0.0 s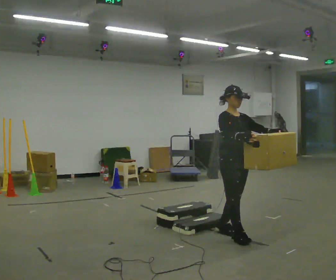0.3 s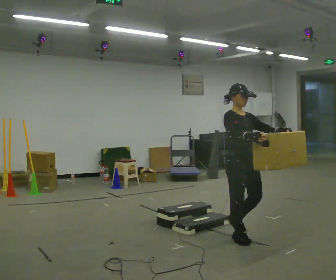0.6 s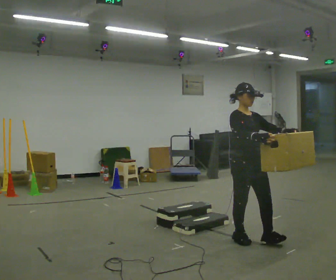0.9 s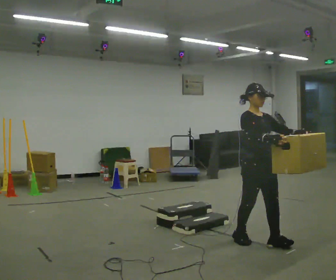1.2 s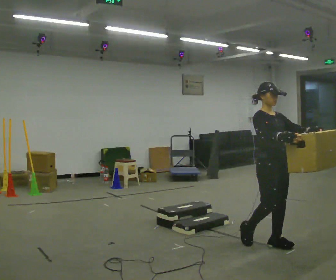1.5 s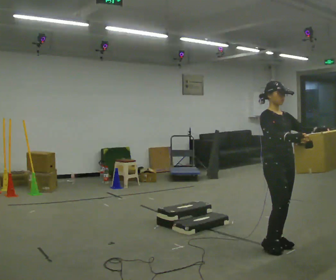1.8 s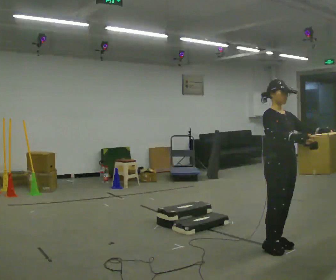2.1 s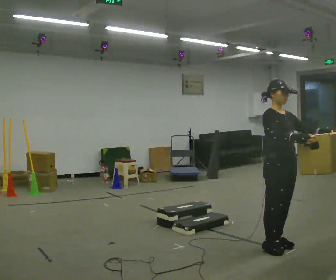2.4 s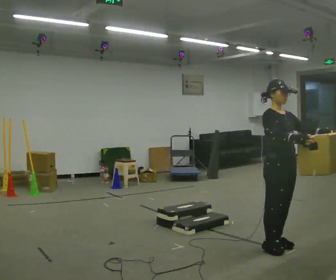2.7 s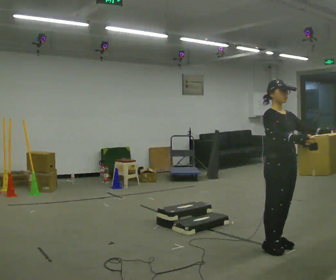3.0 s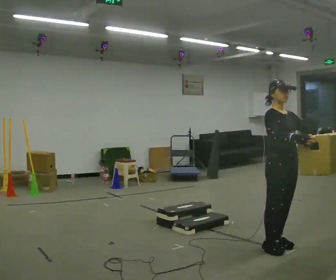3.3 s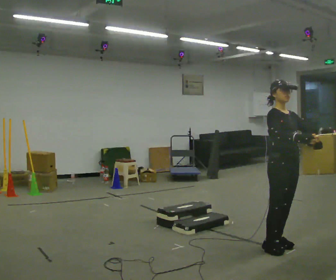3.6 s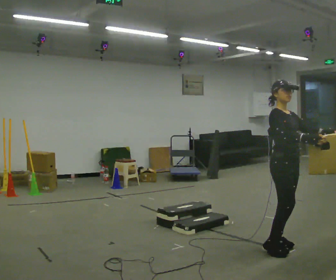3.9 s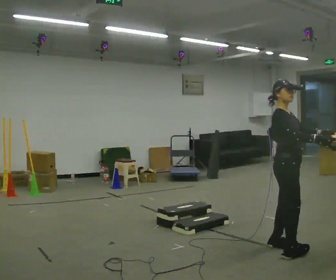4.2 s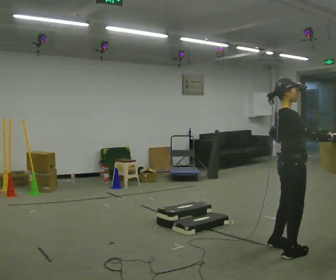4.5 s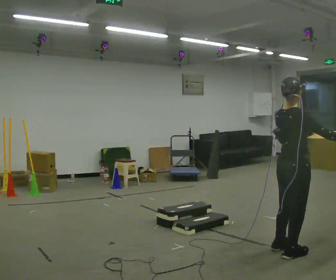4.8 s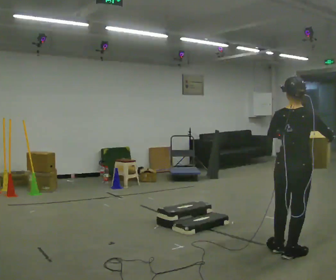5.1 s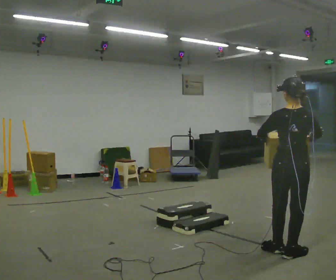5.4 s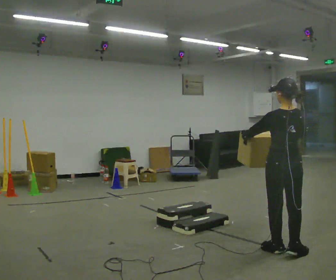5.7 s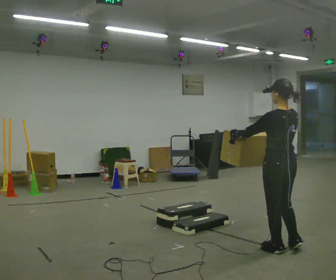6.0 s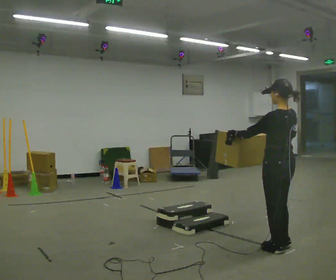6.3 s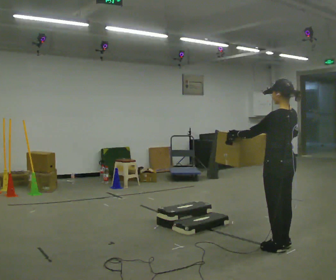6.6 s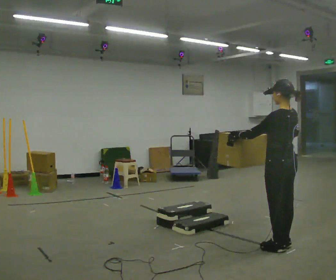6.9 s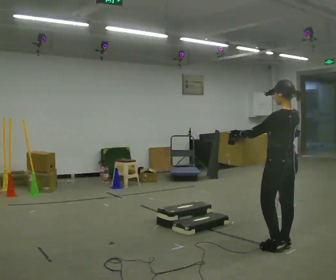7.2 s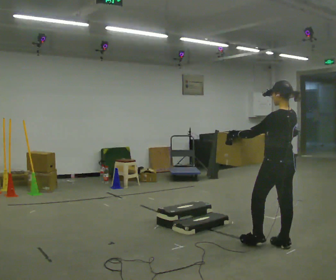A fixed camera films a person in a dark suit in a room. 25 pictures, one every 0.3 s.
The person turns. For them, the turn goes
to their left.
The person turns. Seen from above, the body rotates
counterclockwise.
0.0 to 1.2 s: In the picture they go to the right and toward the camera, about 0.5 m in 1 step, which for them is forward.
1.2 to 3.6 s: The person moves a little, or ends about where they began.
3.6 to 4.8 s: The person turns about 105 degrees to their left, counterclockwise seen from above, so the part of the body nearest the lens slides to the right. In the picture they go toward the camera, about 0.25 m in 2 steps. In the picture their left hand goes to the left.
4.8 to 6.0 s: The part of the body nearest the lens slides to the right as the person turns to their left by about 60 degrees. In the picture they go away from the camera, about 0.25 m in 1 step. In the picture their left hand goes to the left.
6.0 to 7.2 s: The person moves a little, or ends about where they began.
The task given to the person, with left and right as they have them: Carry the box up the three steps, turn at the top, and carry it back down. Use the handrail only if you need it. Keep going until the operator says stop; one object at a time, and do not rush between trips.
The film runs forward here.
